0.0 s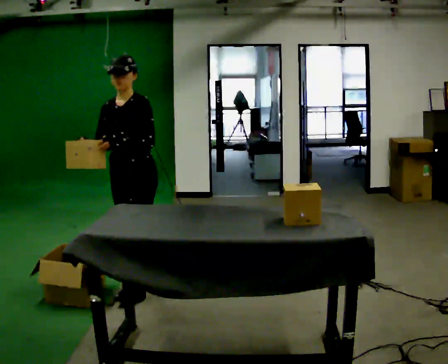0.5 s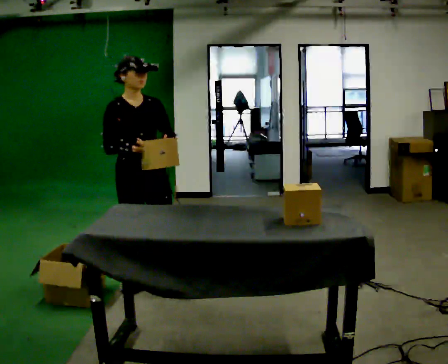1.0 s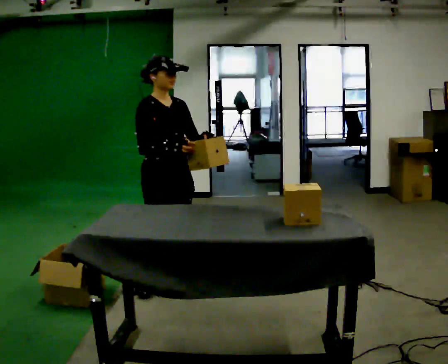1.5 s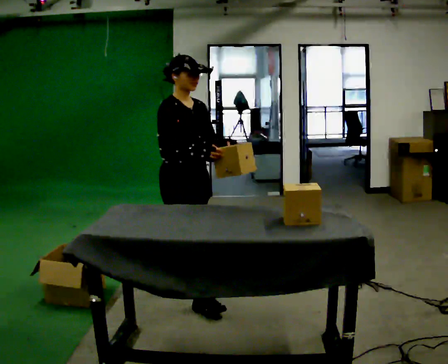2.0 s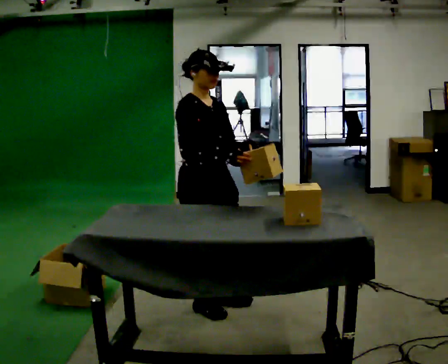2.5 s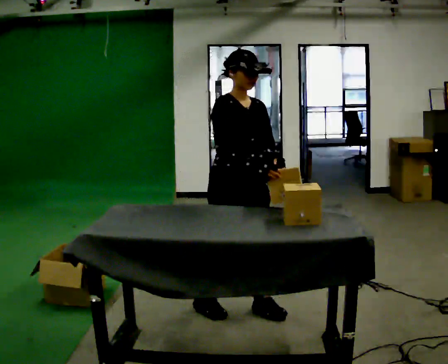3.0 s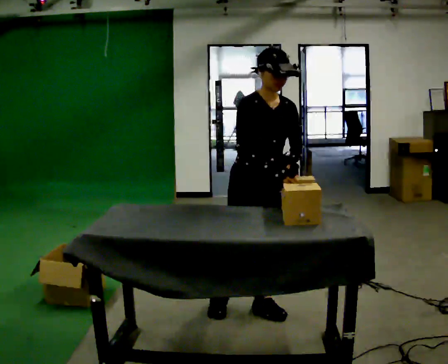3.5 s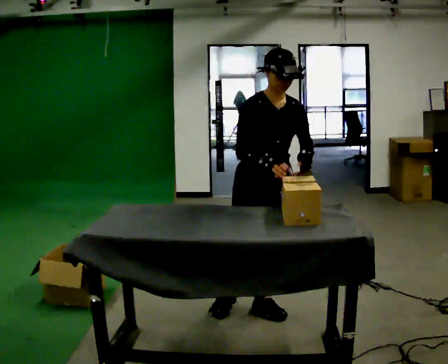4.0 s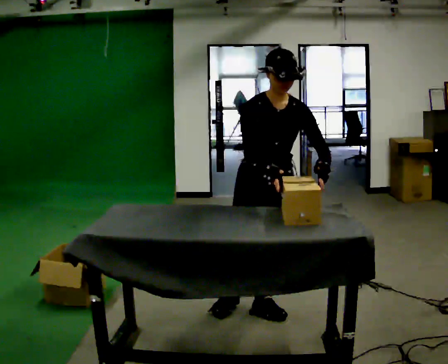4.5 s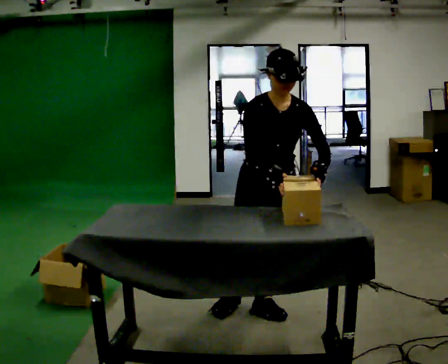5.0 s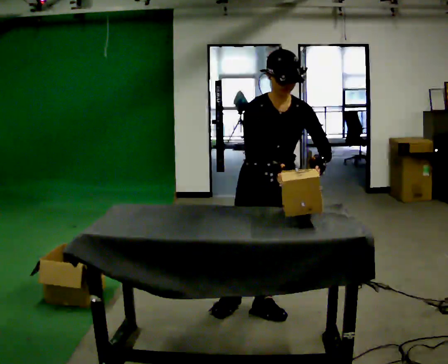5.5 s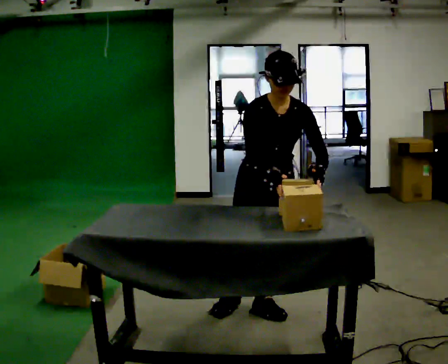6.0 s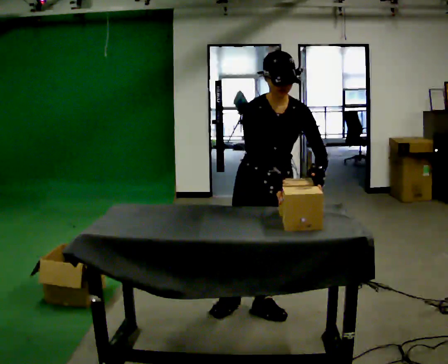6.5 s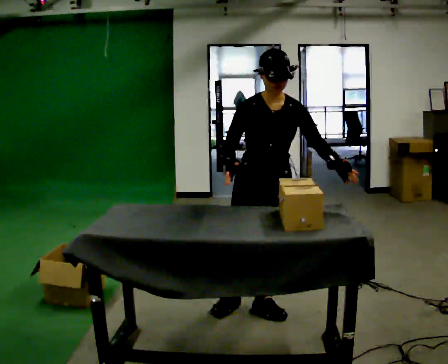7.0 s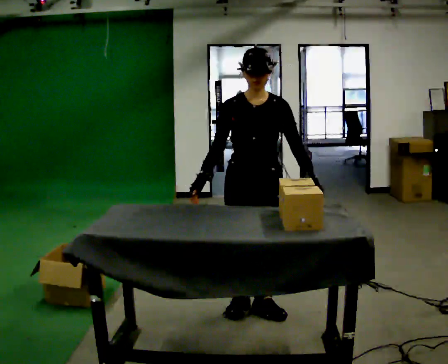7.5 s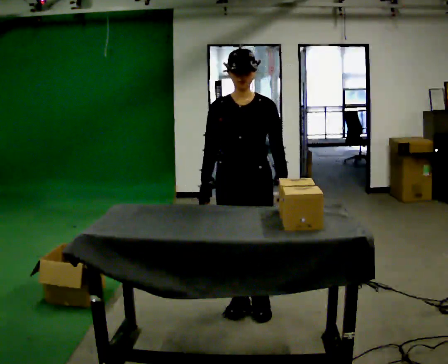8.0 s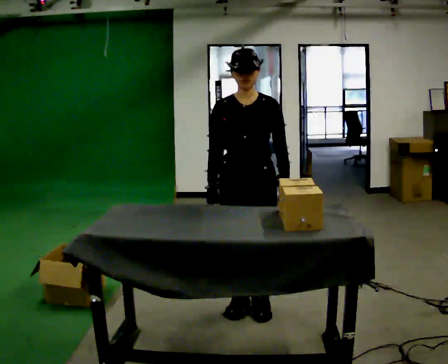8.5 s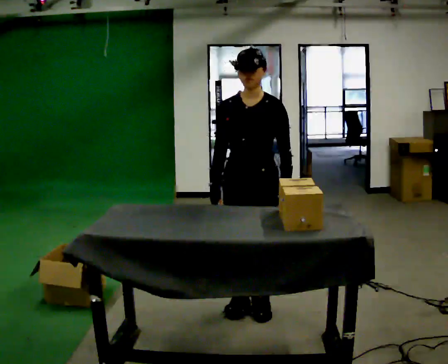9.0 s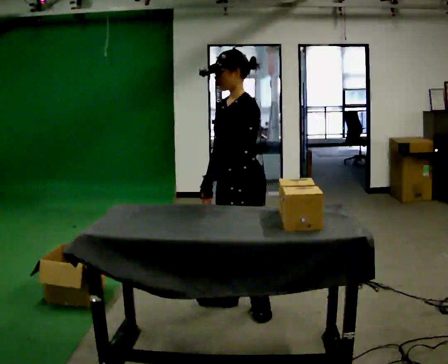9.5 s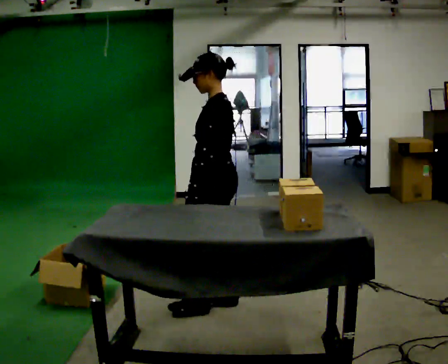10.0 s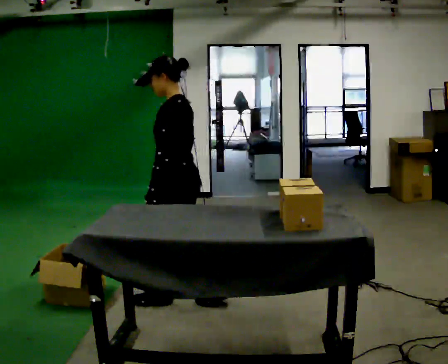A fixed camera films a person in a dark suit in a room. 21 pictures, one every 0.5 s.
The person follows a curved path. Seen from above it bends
counterclockwise.
0.0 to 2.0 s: Seen from above the body turns counterclockwise, about 75 degrees: to their left, with its near side sliding to the right. In the picture they go to the right and toward the camera, about 0.5 m in 2 steps.
2.0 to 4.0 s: Seen from above the body turns clockwise, about 45 degrees: to their right, with its near side sliding to the left. In the picture they go to the right, about 0.25 m in 2 steps, which for them is to their left and forward.
4.0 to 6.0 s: The person moves a little, or ends about where they began.
6.0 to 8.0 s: The upper body tips away from the camera, its near side rolling upward, as they lean back or straighten. In the picture their right hand goes to the left.
8.0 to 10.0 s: The part of the body nearest the lens slides to the left as the person turns to their right by about 90 degrees. In the picture they go to the left, about 0.5 m in 1 step.
The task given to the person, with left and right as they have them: Carry each object across the room and drop it into the container on the floor, then walk back for the next one. Keep going until the operator says stop; one object at a time, and do not rush between trips.
The film runs forward here.
